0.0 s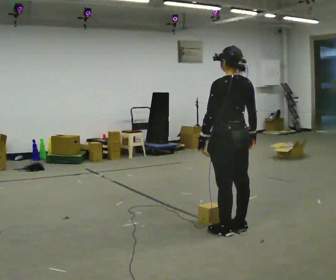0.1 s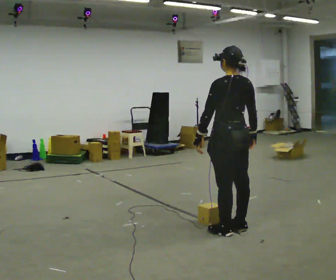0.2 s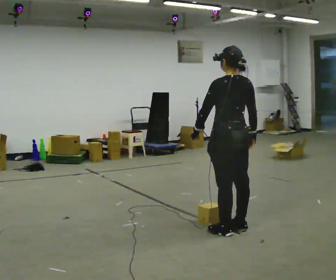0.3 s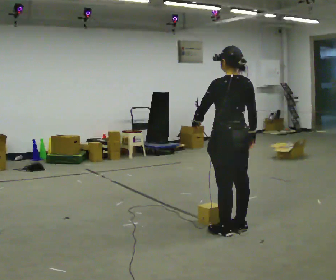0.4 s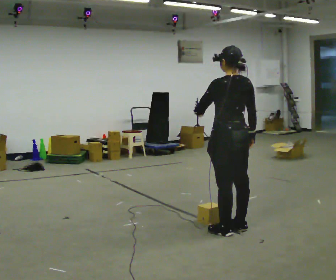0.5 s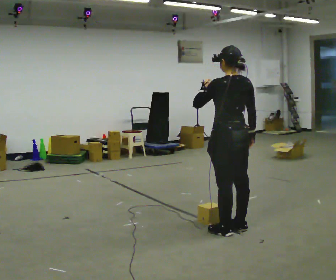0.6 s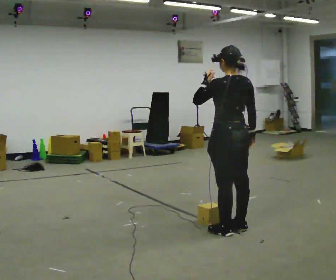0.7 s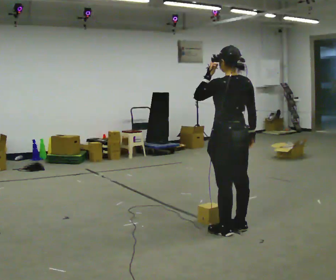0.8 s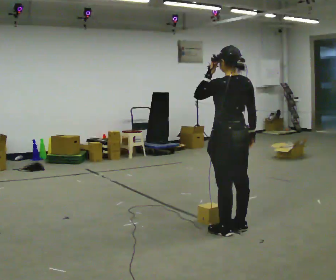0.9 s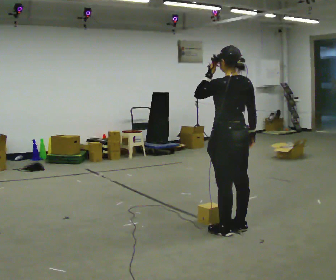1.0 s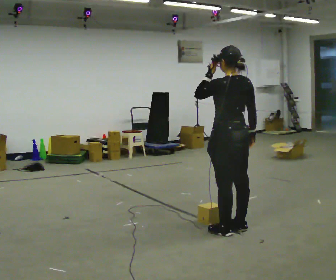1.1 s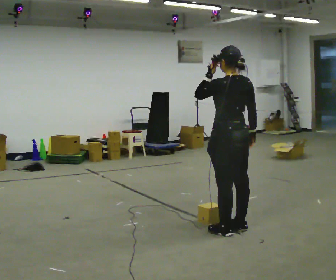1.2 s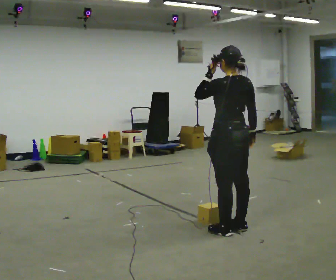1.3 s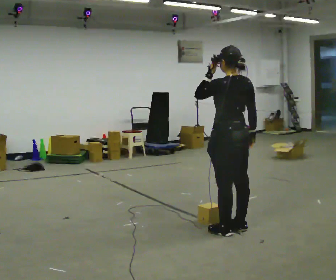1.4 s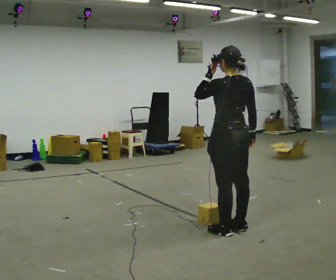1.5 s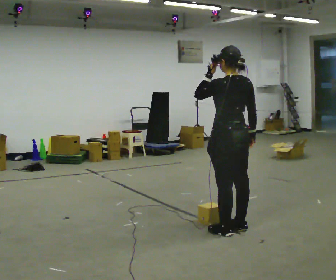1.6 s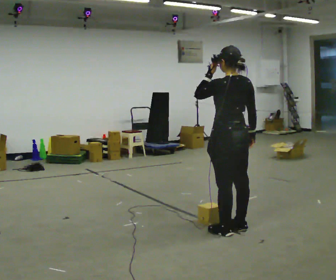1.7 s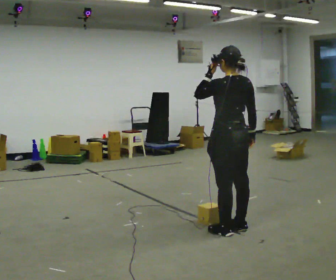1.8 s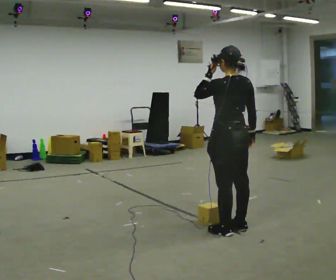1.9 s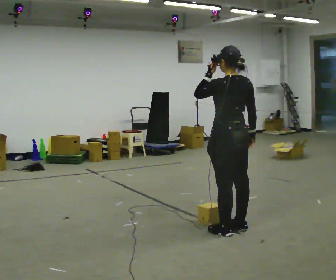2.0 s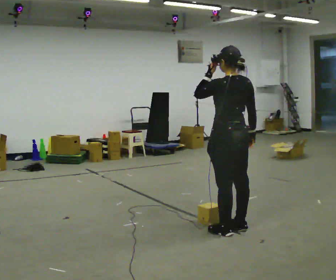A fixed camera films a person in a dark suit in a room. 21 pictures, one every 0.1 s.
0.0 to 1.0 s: In the picture their left hand goes upward.
1.0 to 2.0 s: The person keeps their place and pose.
The film runs backward here.
